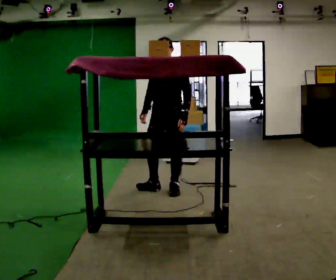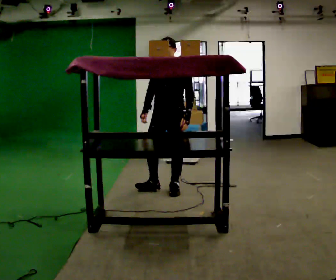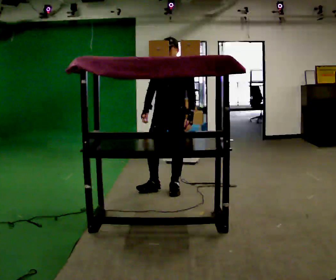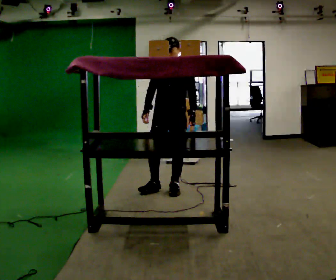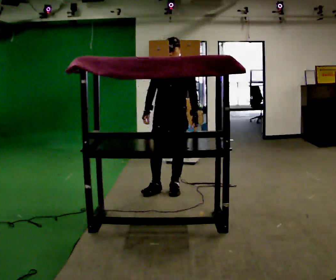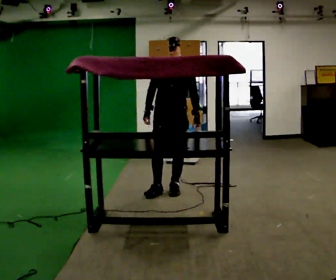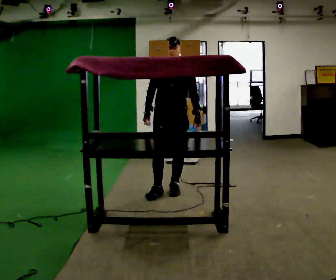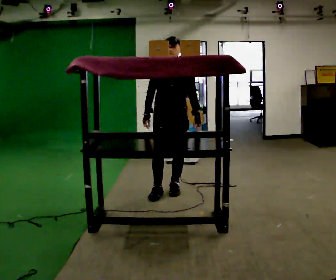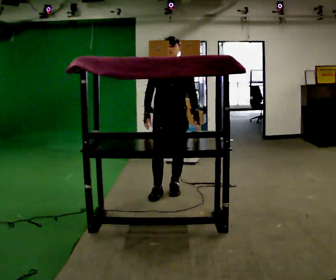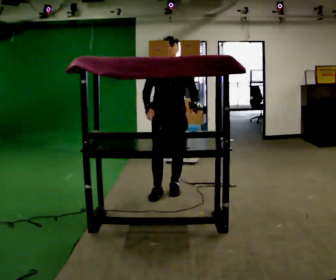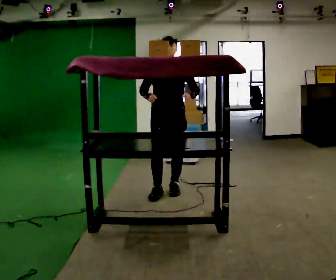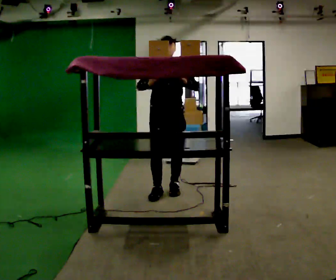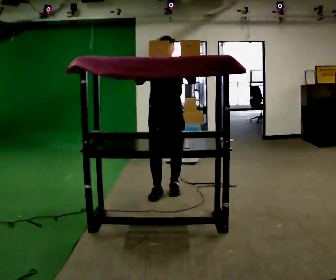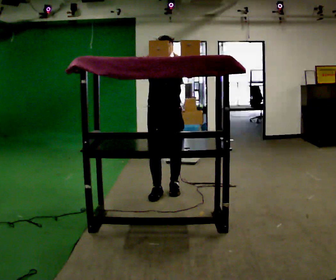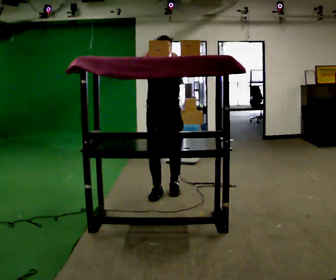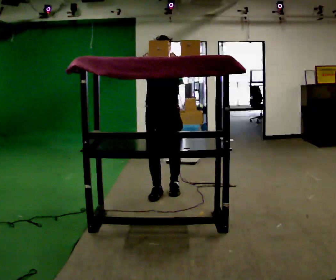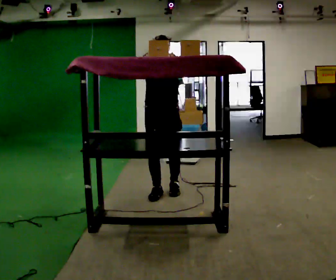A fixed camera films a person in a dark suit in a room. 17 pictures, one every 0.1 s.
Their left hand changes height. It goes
upward.
Their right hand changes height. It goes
upward.
0.0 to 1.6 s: The person turns about 30 degrees to their left, counterclockwise seen from above, so the part of the body nearest the lens slides to the right. In the picture their right hand goes upward.
The film runs backward here.
